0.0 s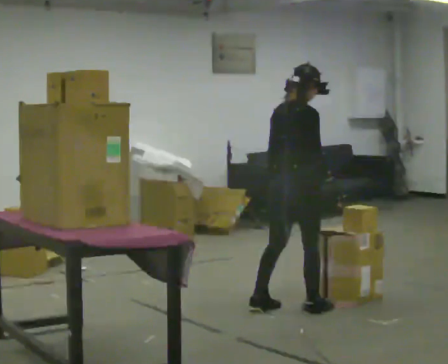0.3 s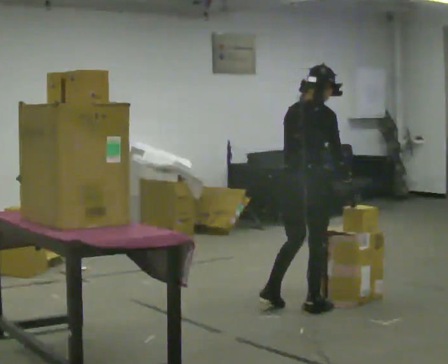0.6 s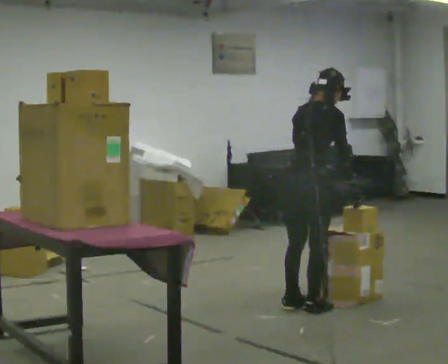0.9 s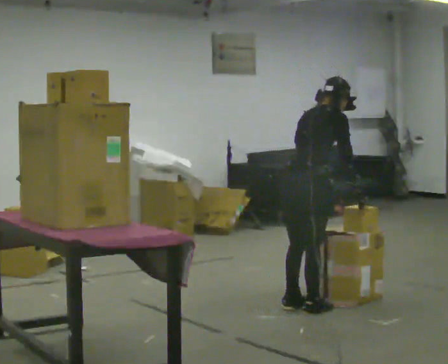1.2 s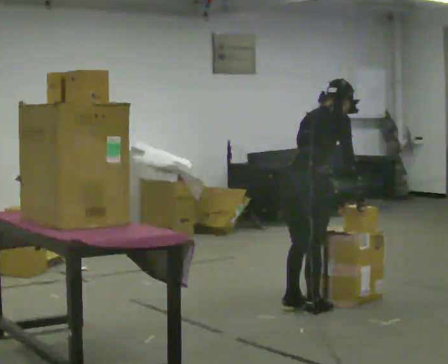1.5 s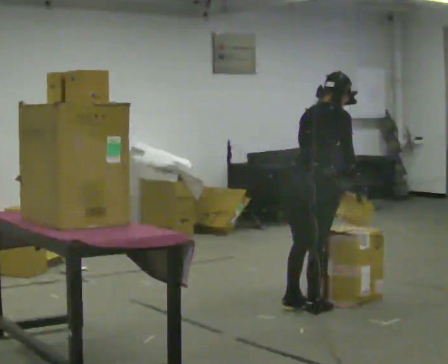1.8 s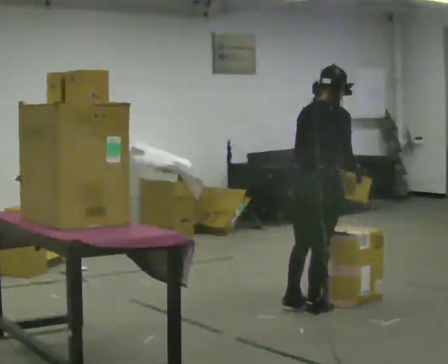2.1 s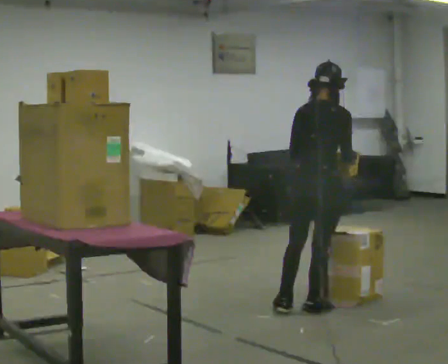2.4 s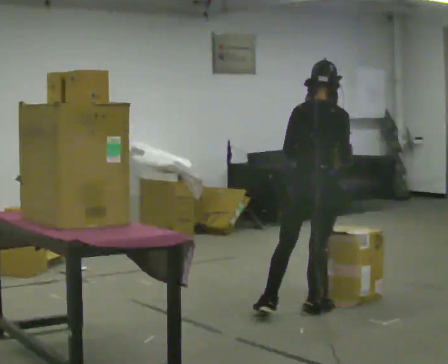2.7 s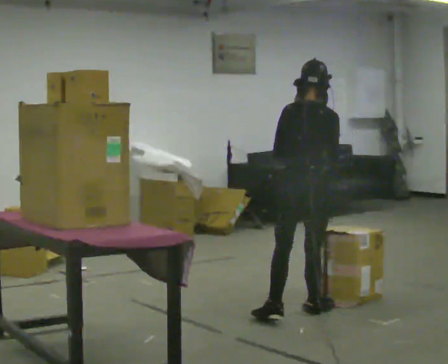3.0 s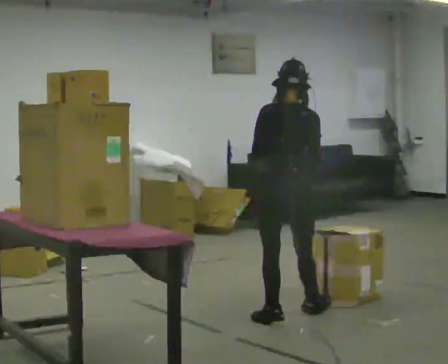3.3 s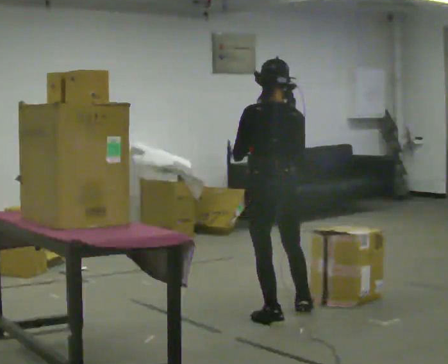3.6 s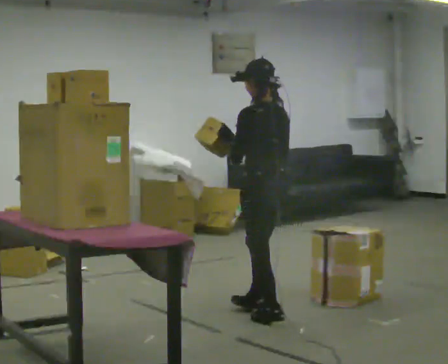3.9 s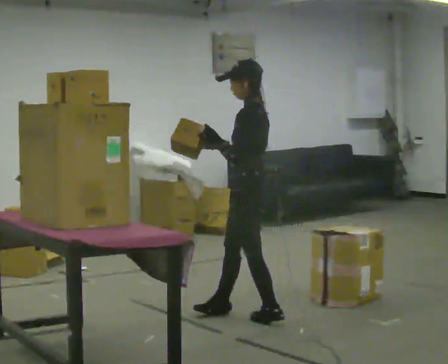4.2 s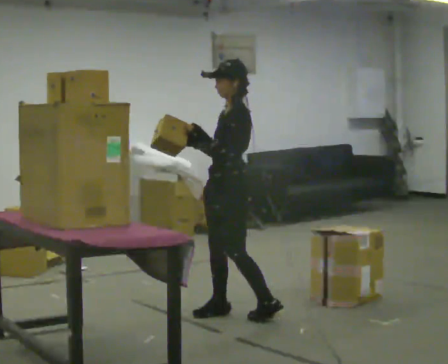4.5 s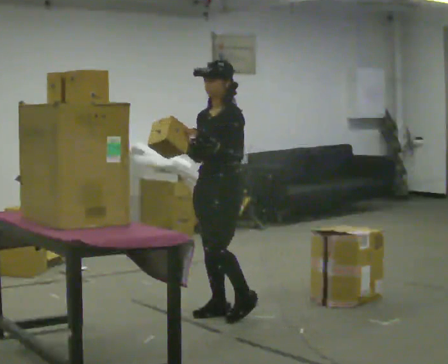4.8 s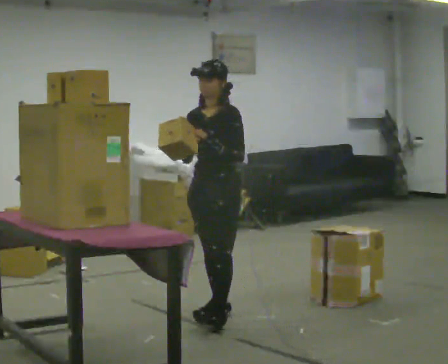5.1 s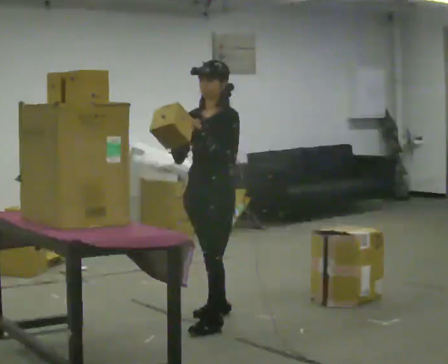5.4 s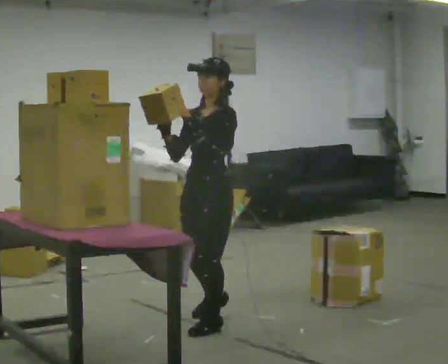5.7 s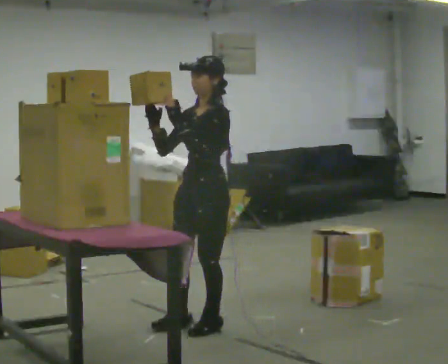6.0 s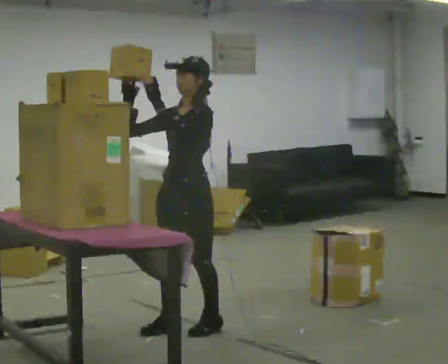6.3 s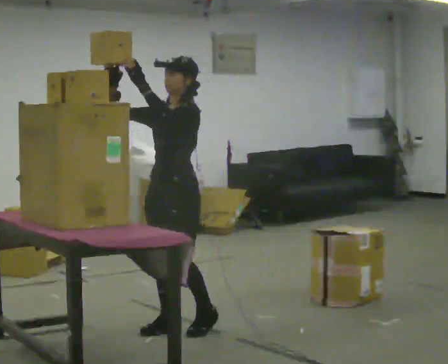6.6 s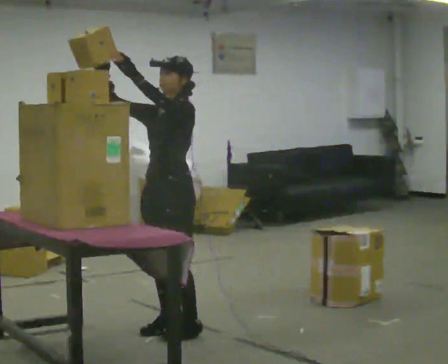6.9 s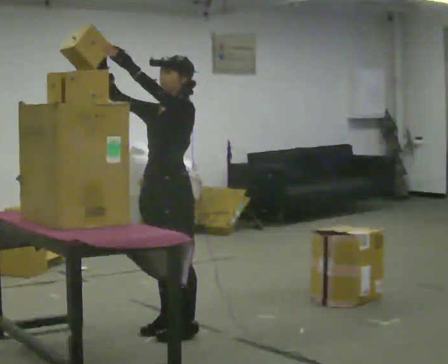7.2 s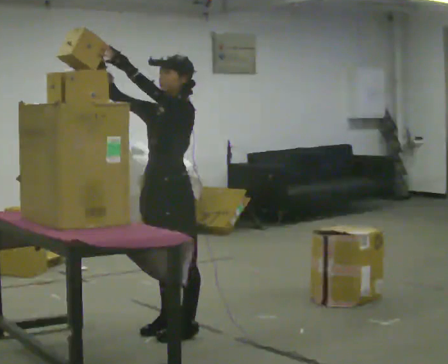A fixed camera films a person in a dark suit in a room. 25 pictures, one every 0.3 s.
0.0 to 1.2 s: In the picture the upper body tilts clockwise, shoulders to the right, as they bend forward. In the picture their left hand goes to the right.
1.2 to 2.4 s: In the picture their left hand goes upward.
2.4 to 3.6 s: The part of the body nearest the lens slides to the right as the person turns to their left by about 75 degrees. In the picture they go to the left, about 0.25 m in 1 step.
3.6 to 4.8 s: Seen from above the body turns counterclockwise, about 105 degrees: to their left, with its near side sliding to the right. In the picture they go to the left, about 0.25 m in 2 steps.
4.8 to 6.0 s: In the picture they go toward the camera and to the left, about 0.25 m in 1 step, which for them is forward and to their left.
6.0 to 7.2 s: The person moves a little, or ends about where they began.
The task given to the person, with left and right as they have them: Take an object from the highest shelf you can comfortably reach, carry it across, and place it on the lowest shelf. Keep going until the operator says stop; one object at a time, and do not rush between trips.
The film runs forward here.
